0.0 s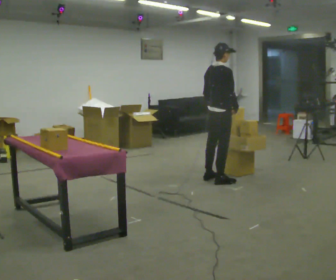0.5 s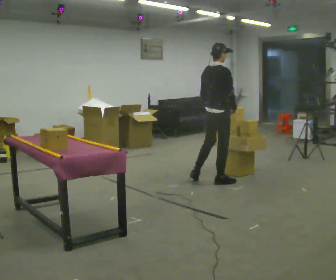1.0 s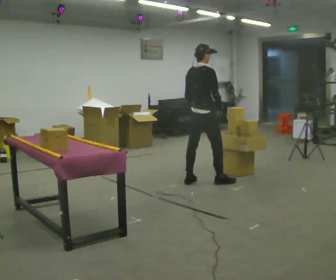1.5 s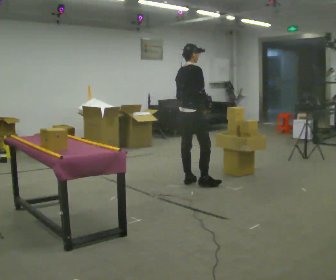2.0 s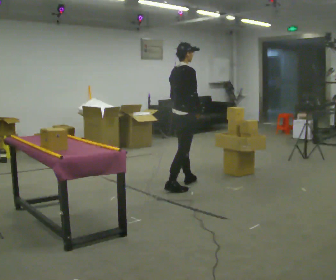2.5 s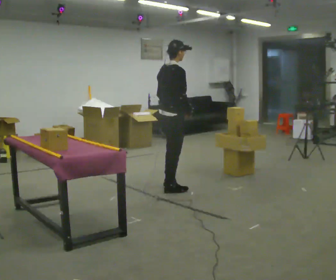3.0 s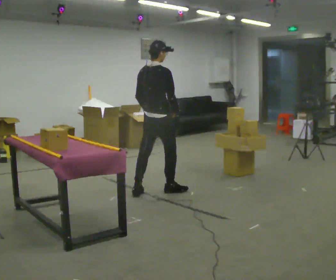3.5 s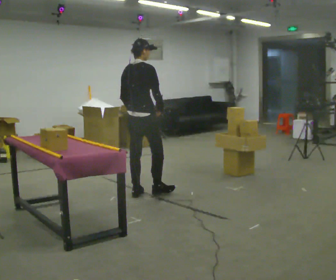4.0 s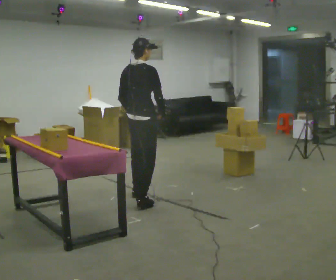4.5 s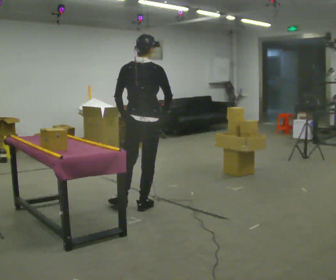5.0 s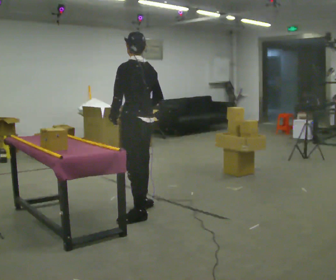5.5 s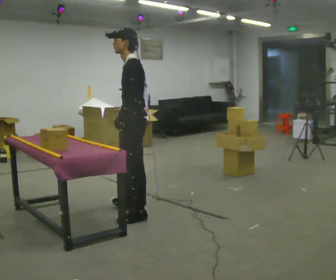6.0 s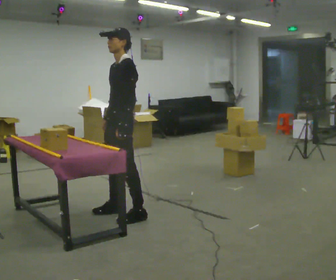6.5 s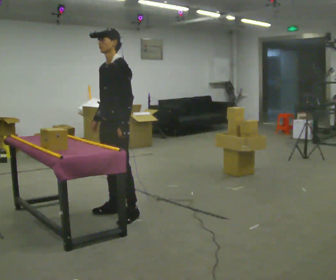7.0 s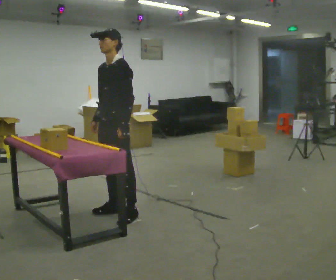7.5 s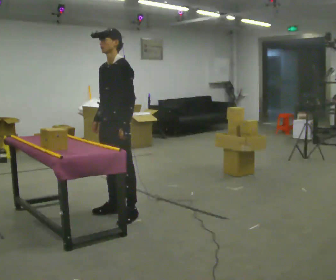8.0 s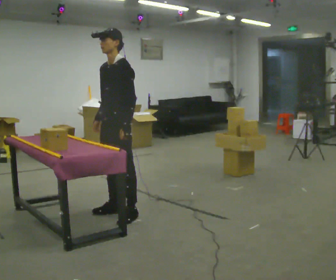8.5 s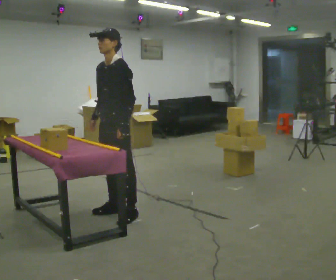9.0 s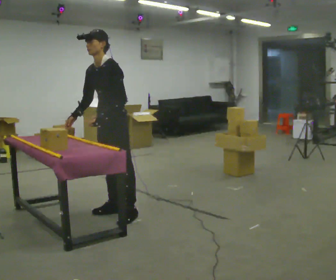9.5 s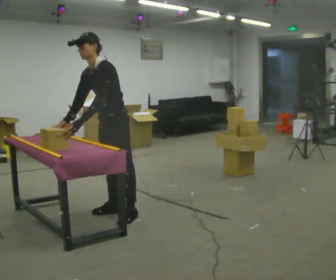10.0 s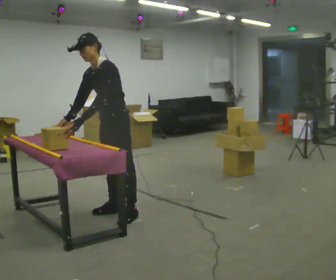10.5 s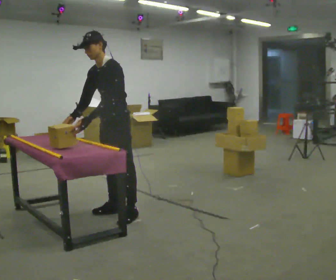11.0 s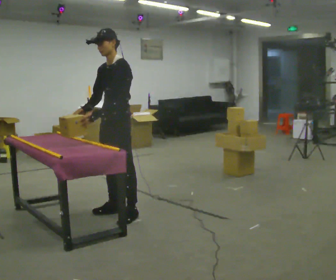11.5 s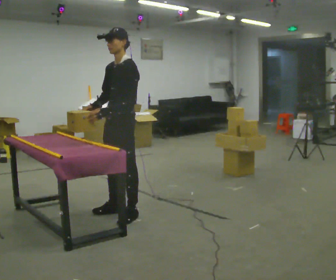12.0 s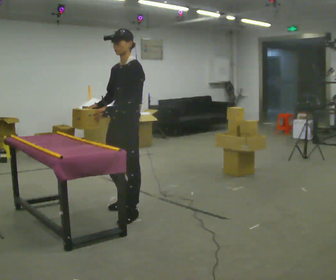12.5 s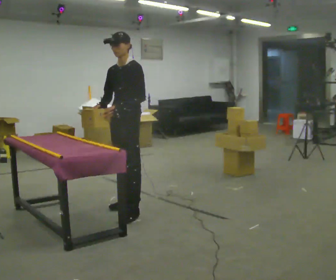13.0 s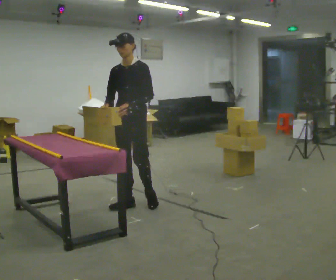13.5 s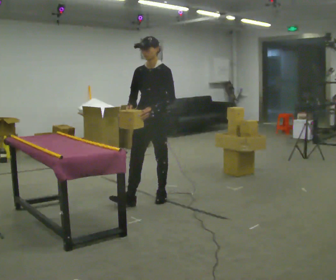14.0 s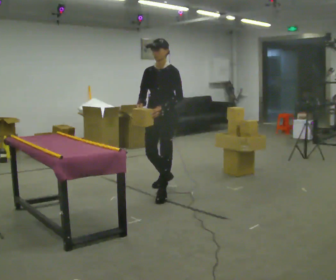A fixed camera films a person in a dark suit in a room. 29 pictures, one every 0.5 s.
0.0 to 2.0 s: In the picture they go to the left, about 0.5 m in 2 steps, which for them is backward.
2.0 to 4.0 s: The part of the body nearest the lens slides to the right as the person turns to their left by about 30 degrees. In the picture they go to the left and toward the camera, about 0.5 m in 2 steps, which for them is backward.
4.0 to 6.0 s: The part of the body nearest the lens slides to the right as the person turns to their left by about 150 degrees. In the picture they go toward the camera, about 0.5 m in 2 steps.
6.0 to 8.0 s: The person moves a little, or ends about where they began.
8.0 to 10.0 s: In the picture the upper body tilts counterclockwise, shoulders to the left, as they bend forward.
10.0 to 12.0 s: In the picture the upper body tilts clockwise, shoulders to the right, as they lean back or straighten.
12.0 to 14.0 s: In the picture they go away from the camera and to the right, about 1 m in 2 steps, which for them is backward.
The film runs backward here.
